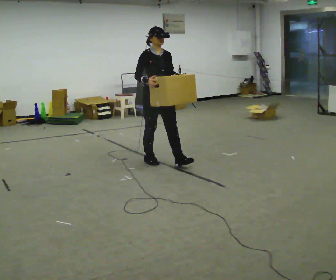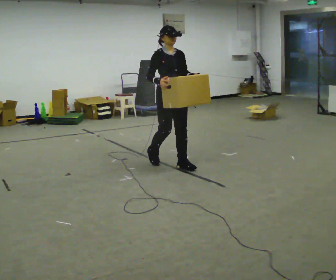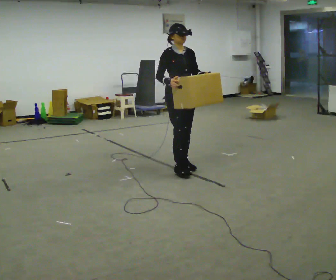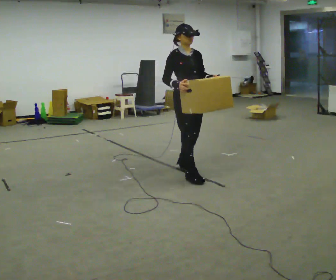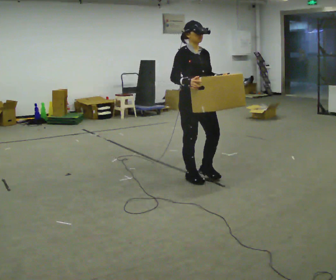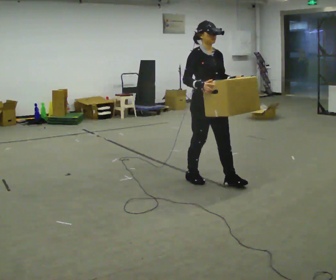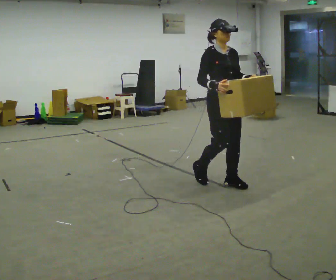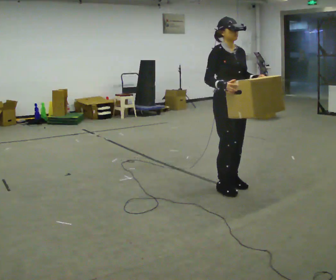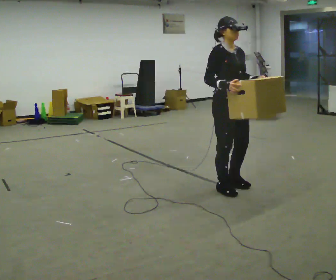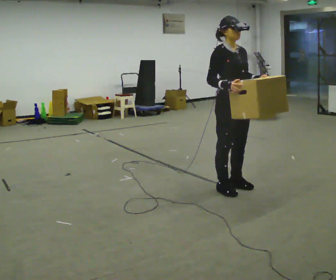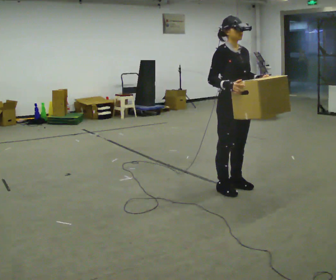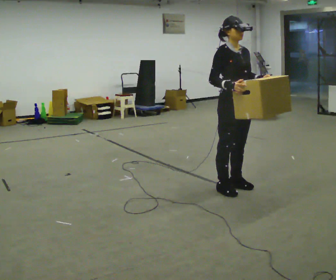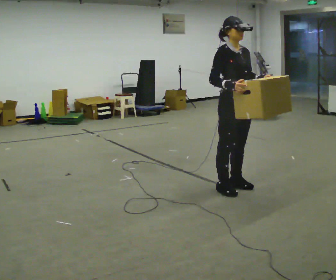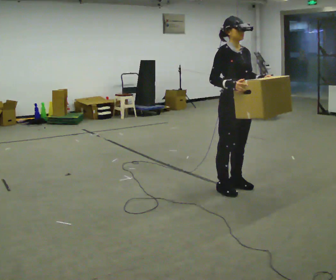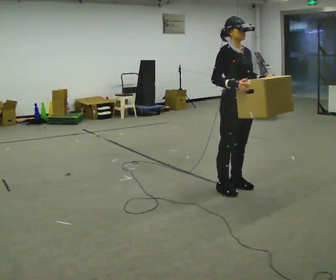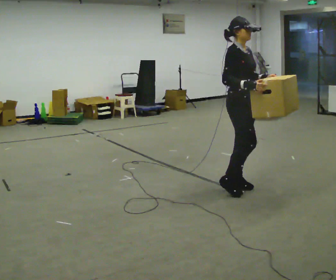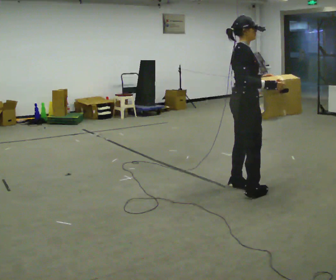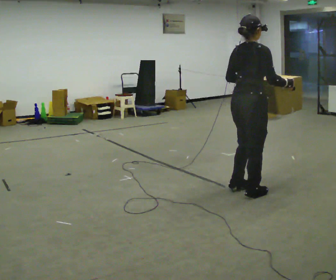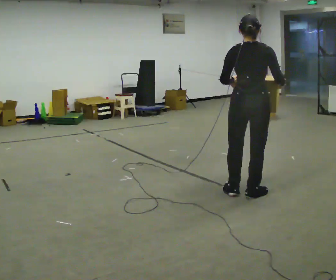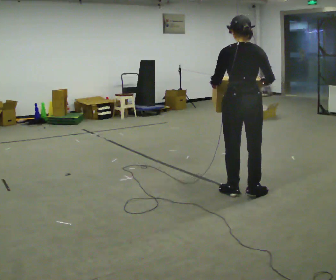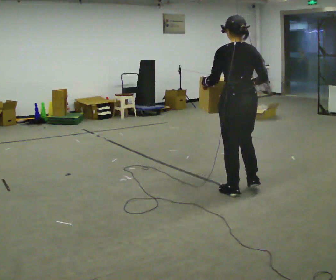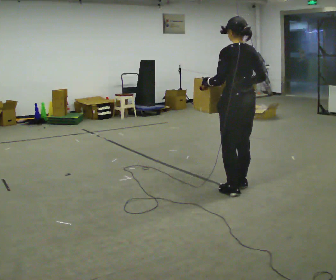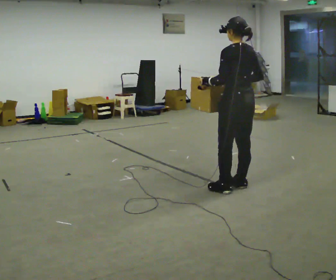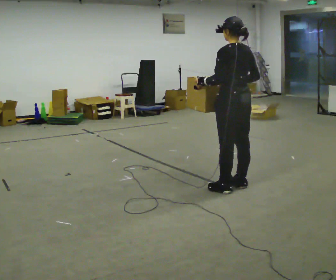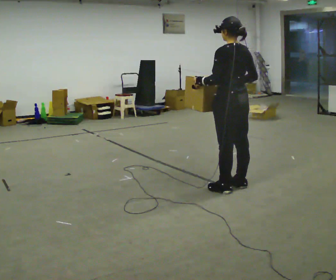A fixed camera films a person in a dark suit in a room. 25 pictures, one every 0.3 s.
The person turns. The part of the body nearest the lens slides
to the right.
The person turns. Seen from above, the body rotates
counterclockwise.
0.0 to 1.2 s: In the picture they go to the right and toward the camera, about 0.5 m in 2 steps, which for them is forward.
1.2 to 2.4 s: In the picture they go to the right and toward the camera, about 0.5 m in 2 steps, which for them is forward.
2.4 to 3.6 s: The person moves a little, or ends about where they began.
3.6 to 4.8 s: The part of the body nearest the lens slides to the right as the person turns to their left by about 45 degrees. In the picture their right hand goes to the right.
4.8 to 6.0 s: The person turns about 105 degrees to their left, counterclockwise seen from above, so the part of the body nearest the lens slides to the right.
6.0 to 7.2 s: The person moves a little, or ends about where they began.
The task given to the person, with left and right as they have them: Carry the box across the room as briskly as you comfortably can, back and forth. Do not run.
The film runs forward here.
